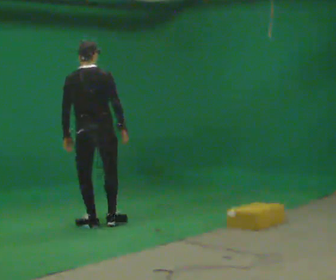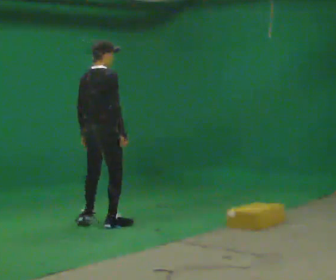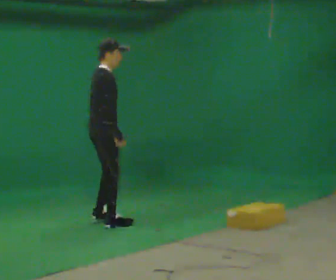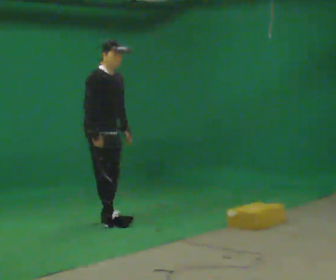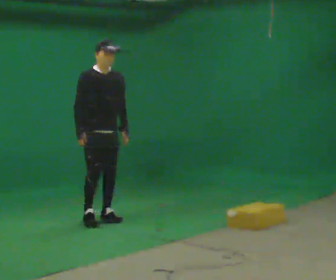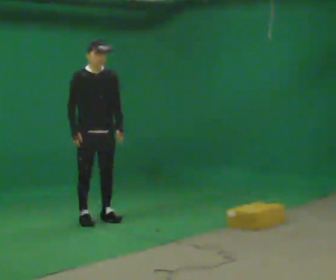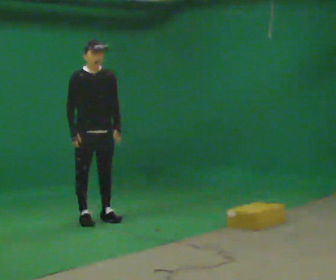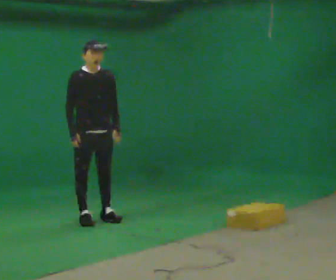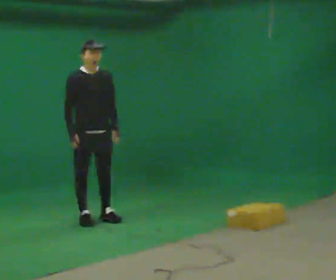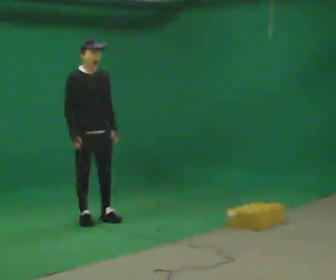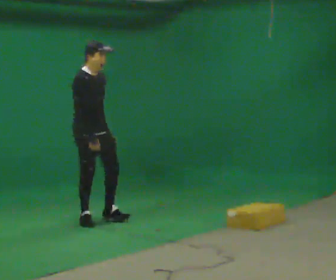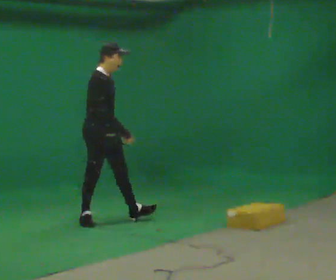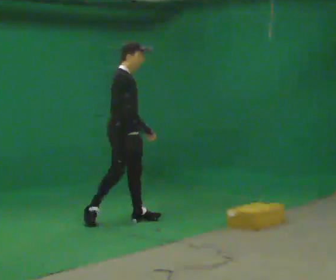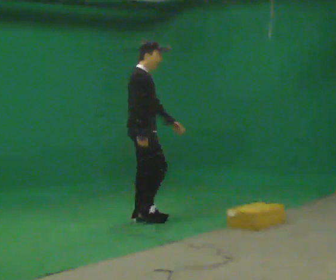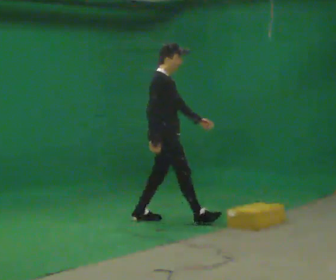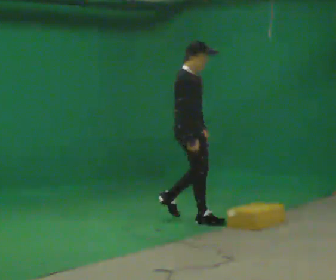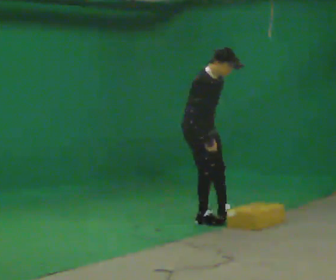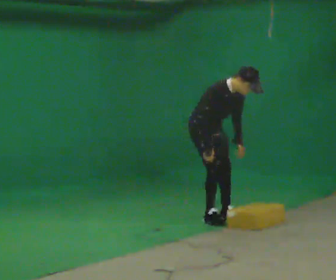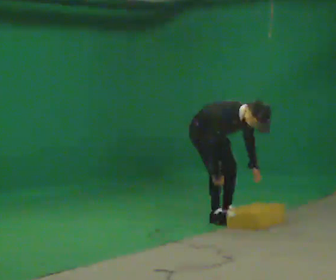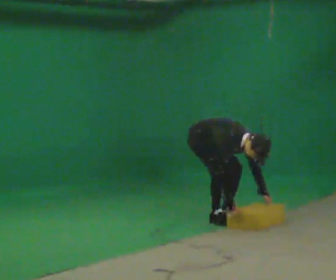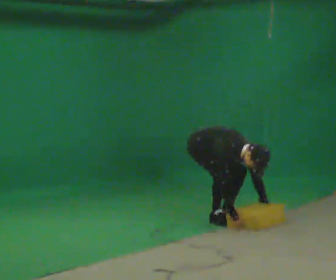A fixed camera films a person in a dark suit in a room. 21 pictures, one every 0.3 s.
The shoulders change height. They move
downward.
Their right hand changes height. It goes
downward.
0.0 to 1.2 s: The part of the body nearest the lens slides to the left as the person turns to their right by about 150 degrees. In the picture they go away from the camera, about 0.25 m in 2 steps. In the picture their right hand goes to the left, the arm swinging clockwise.
1.2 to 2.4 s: The person moves a little, or ends about where they began.
2.4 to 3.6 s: Seen from above the body turns counterclockwise, about 45 degrees: to their left, with its near side sliding to the right. In the picture they go to the right, about 0.25 m in 1 step, which for them is forward and to their left.
3.6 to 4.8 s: In the picture they go to the right, about 0.5 m in 1 step, which for them is forward. The upper body tips toward the camera, its near side rolling downward, as they bend forward.
4.8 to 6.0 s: The upper body goes downward. In the picture the upper body tilts clockwise, shoulders to the right, as they bend forward. In the picture their left hand goes downward and to the right.
The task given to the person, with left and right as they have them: Start still; walk straight at normal comfortable speed; stop at endpoint.
The film runs forward here.
